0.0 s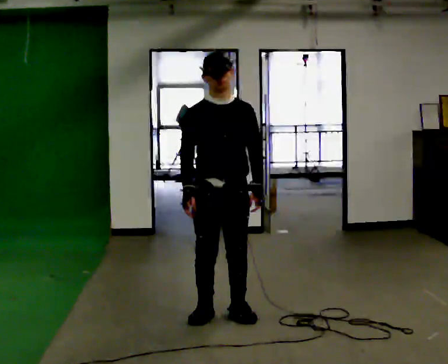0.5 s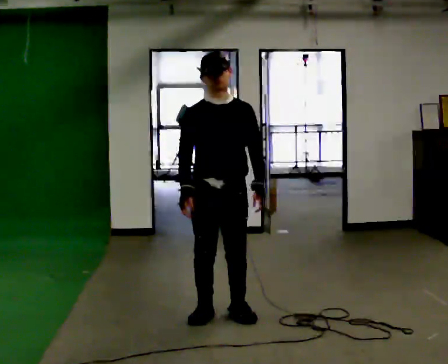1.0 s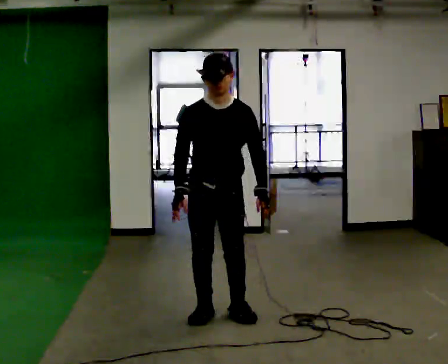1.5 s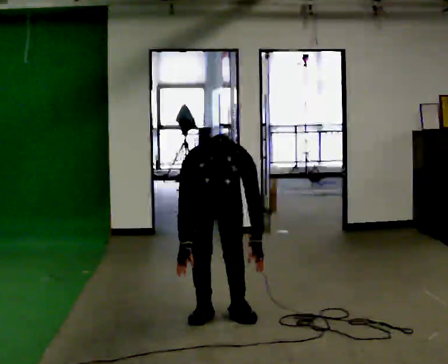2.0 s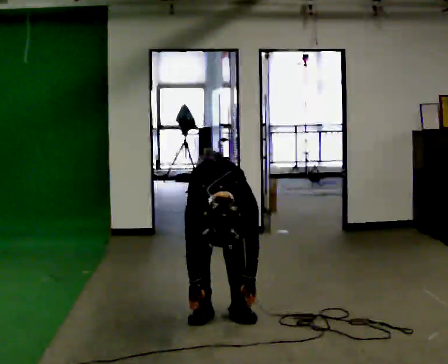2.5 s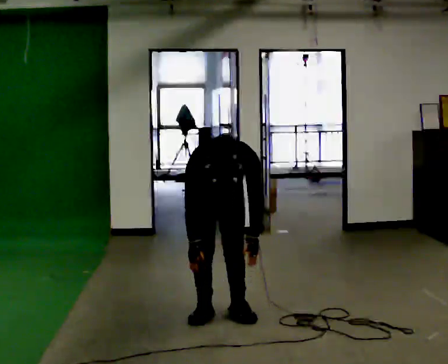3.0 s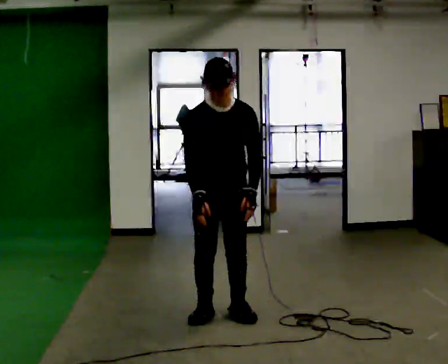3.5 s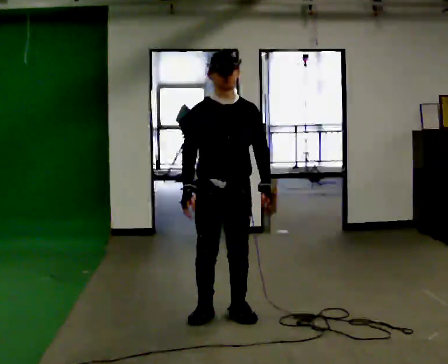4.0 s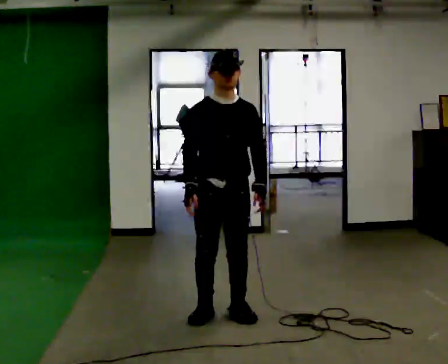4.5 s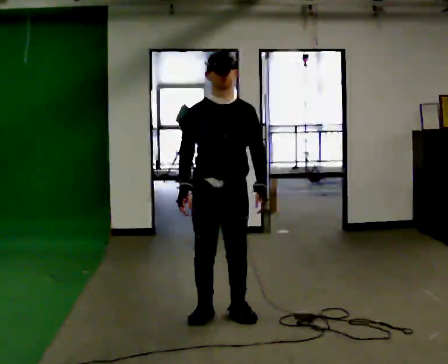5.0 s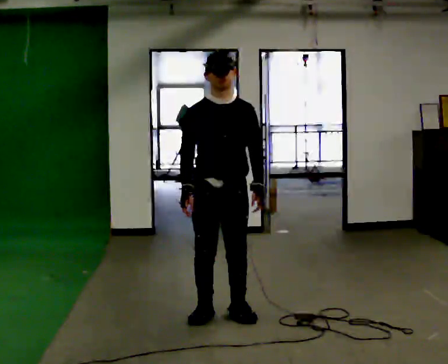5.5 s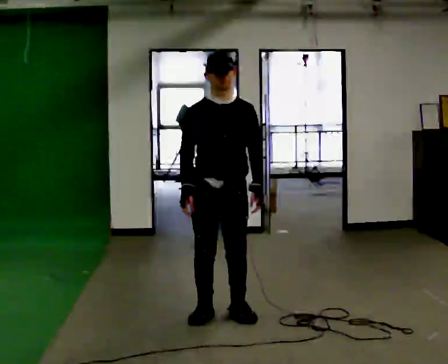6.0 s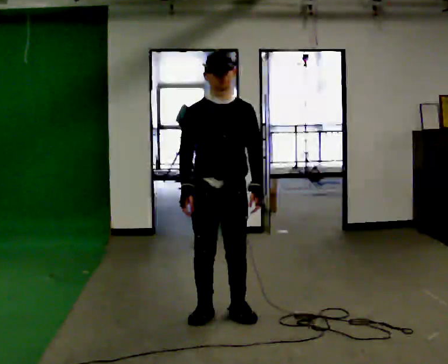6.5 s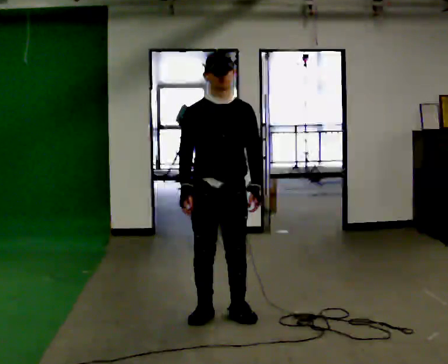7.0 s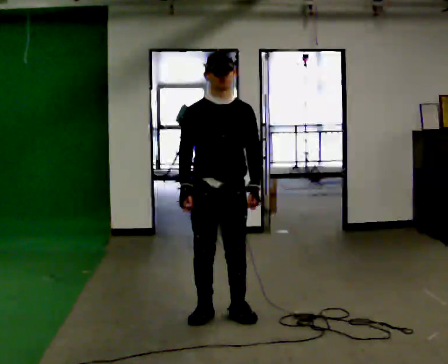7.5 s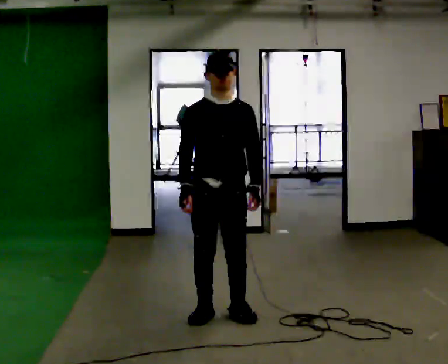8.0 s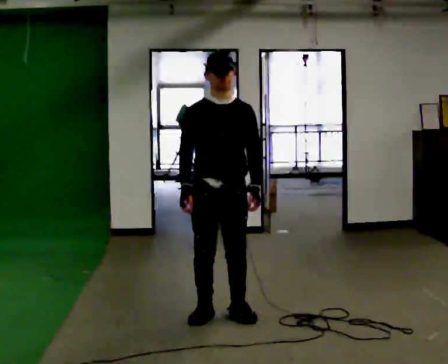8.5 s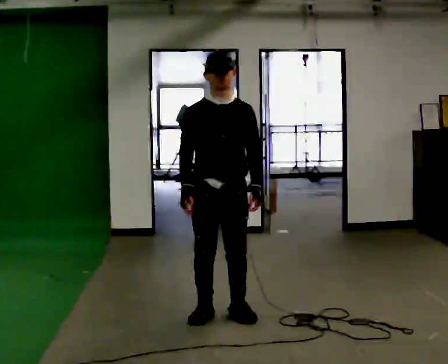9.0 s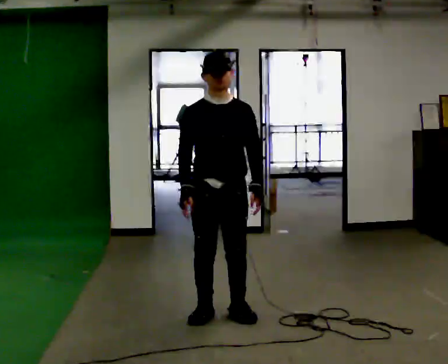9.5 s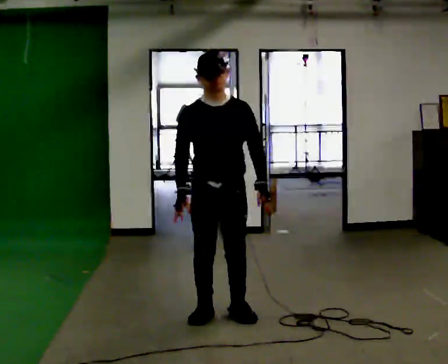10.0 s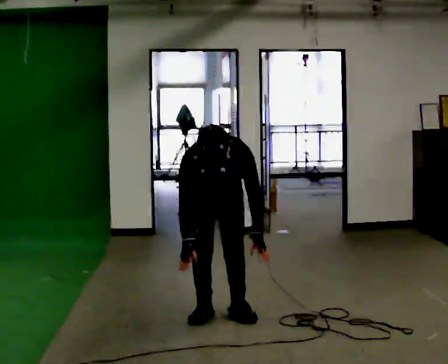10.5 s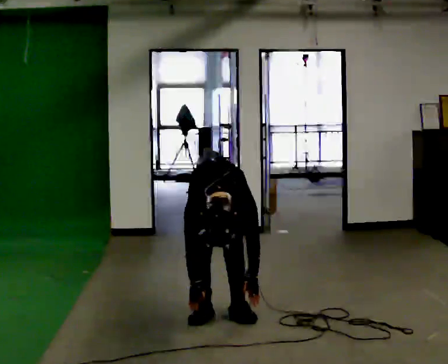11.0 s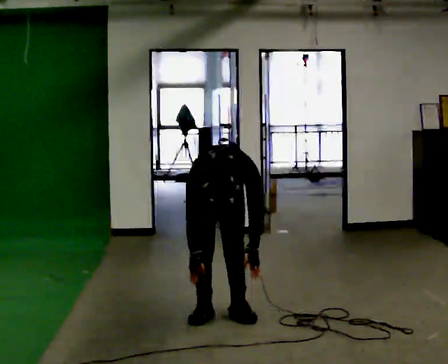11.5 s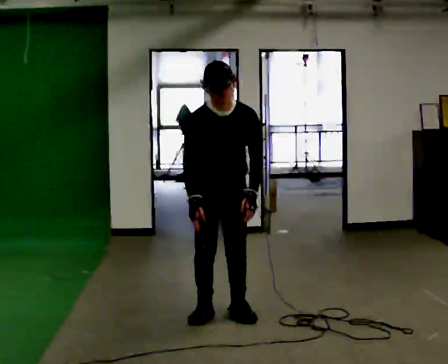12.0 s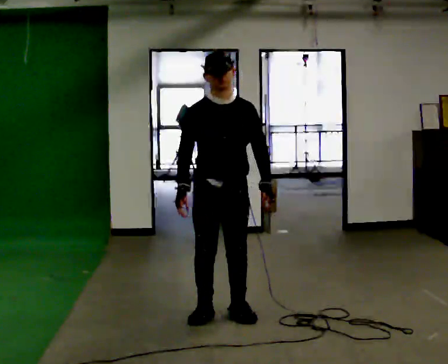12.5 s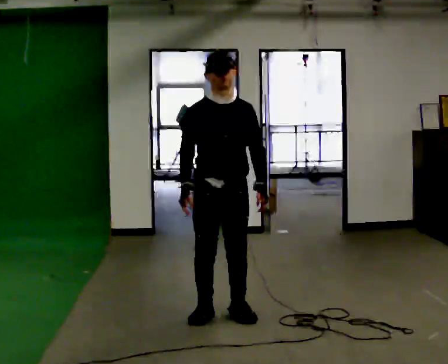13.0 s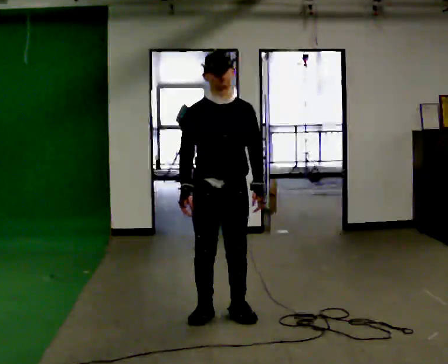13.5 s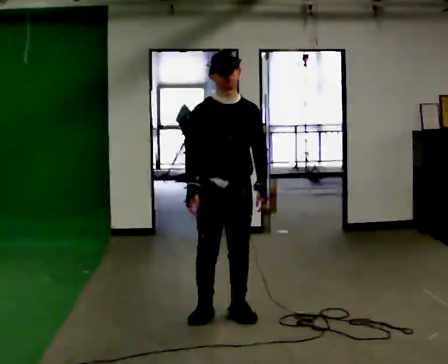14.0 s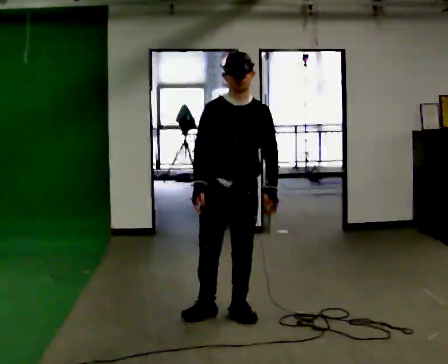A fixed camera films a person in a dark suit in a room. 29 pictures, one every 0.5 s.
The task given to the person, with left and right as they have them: Keeping your feet still, reach down toward the floor in front and to each side, then return to standing. Repeat the movement at your own pace until the operator says stop; do not rush.
0.0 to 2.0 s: In the picture they go away from the camera, about 0.25 m, which for them is backward. The shoulders move downward. The upper body tips toward the camera, its near side rolling downward, as they bend forward. In the picture their right hand goes downward.
2.0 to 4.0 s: In the picture they go toward the camera, about 0.25 m, which for them is forward. The shoulders move upward. The upper body tips away from the camera, its near side rolling upward, as they lean back or straighten. In the picture their right hand goes upward.
4.0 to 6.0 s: The person moves a little, or ends about where they began.
6.0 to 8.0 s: The person keeps their place and pose.
8.0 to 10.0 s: In the picture they go away from the camera, about 0.25 m, which for them is backward. The shoulders move downward. The upper body tips toward the camera, its near side rolling downward, as they bend forward. In the picture their right hand goes downward.
10.0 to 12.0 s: In the picture they go toward the camera, about 0.25 m, which for them is forward. In the picture their right hand goes upward.
12.0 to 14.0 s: The person moves a little, or ends about where they began.
The film runs forward here.
